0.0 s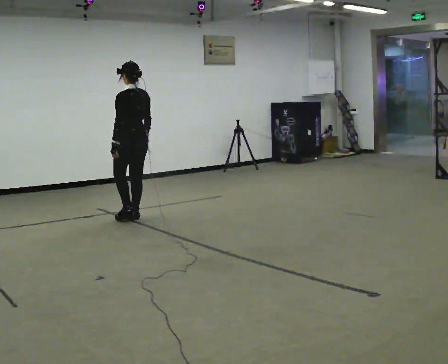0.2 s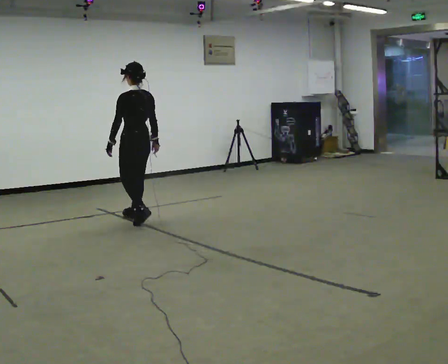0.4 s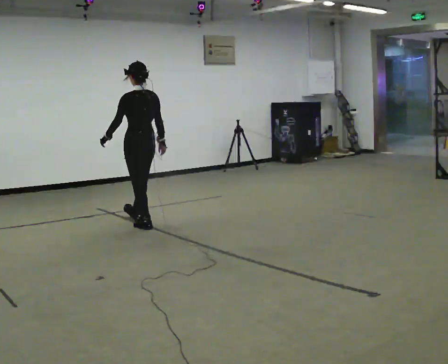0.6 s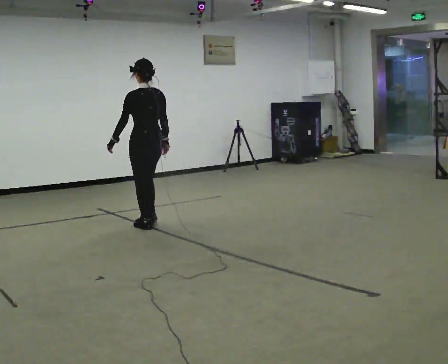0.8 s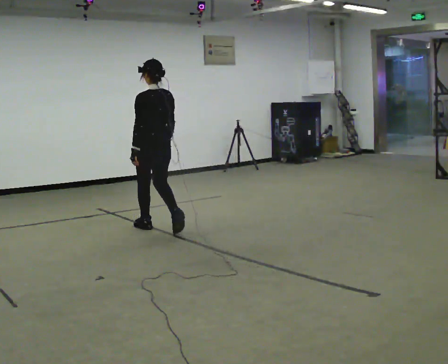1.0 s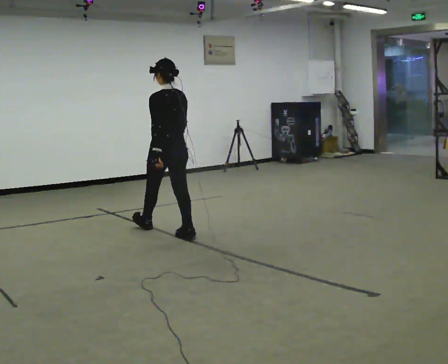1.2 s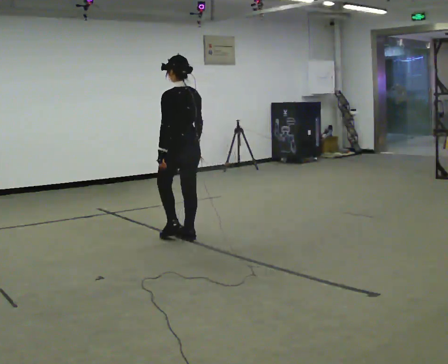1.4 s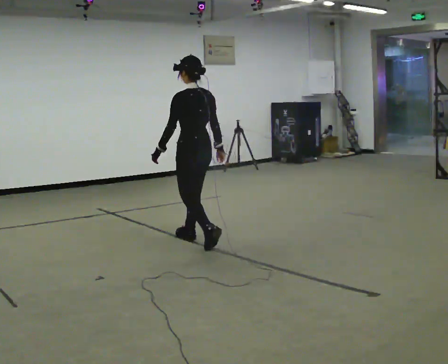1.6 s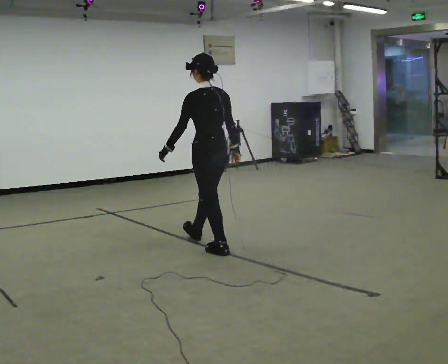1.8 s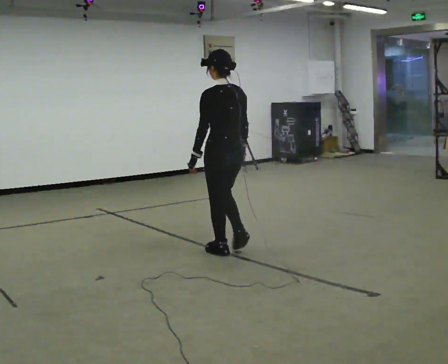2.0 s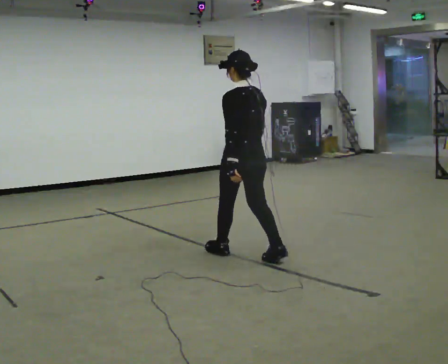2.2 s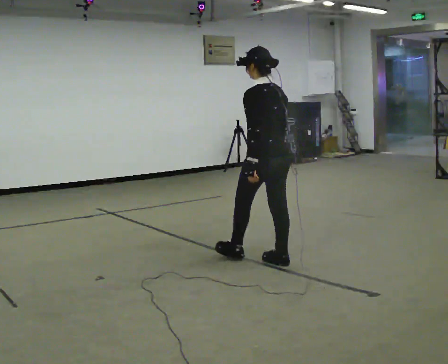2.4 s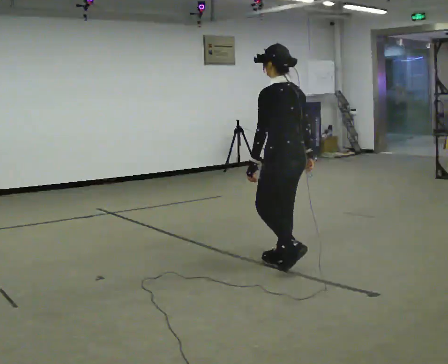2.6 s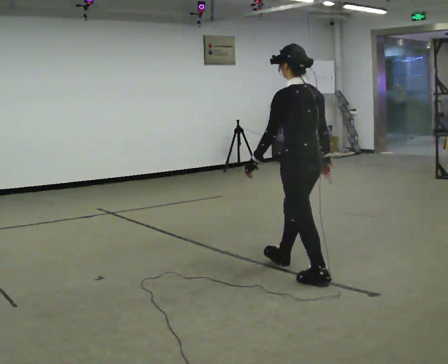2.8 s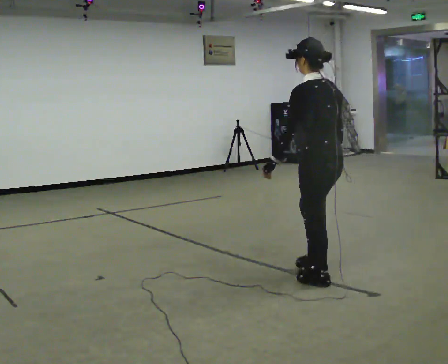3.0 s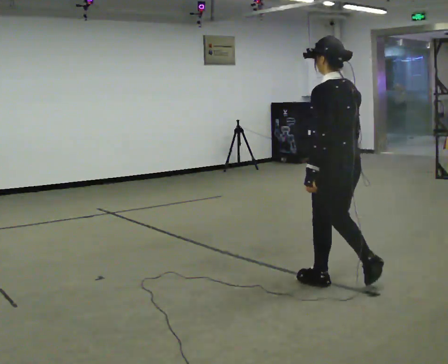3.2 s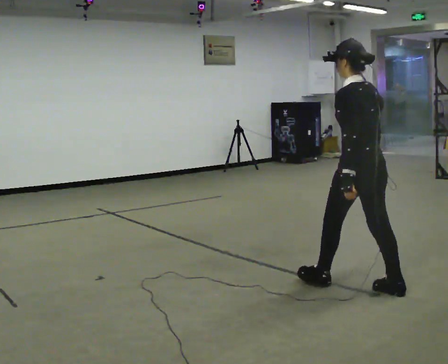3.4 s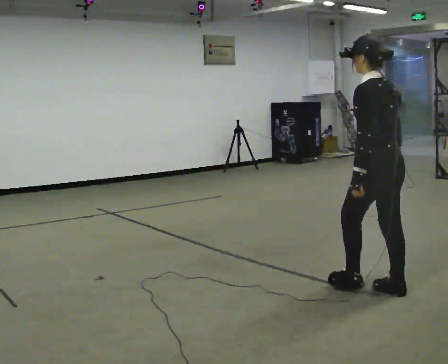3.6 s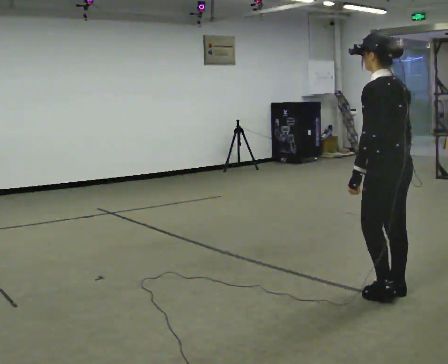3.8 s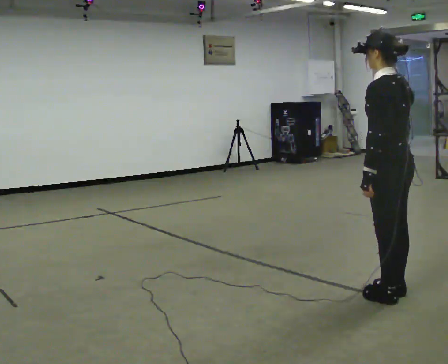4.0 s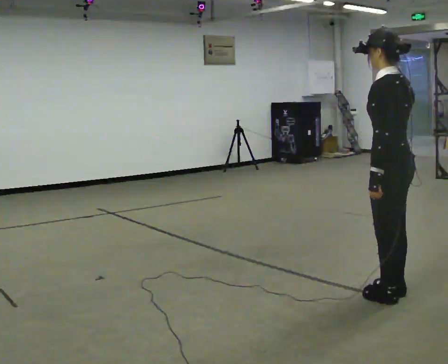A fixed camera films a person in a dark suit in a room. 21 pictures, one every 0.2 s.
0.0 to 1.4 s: In the picture they go toward the camera and to the right, about 1 m in 2 steps, which for them is backward.
1.4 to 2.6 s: In the picture they go toward the camera and to the right, about 1 m in 2 steps, which for them is backward.
2.6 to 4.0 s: In the picture they go toward the camera and to the right, about 1 m in 2 steps, which for them is backward.
The film runs backward here.
